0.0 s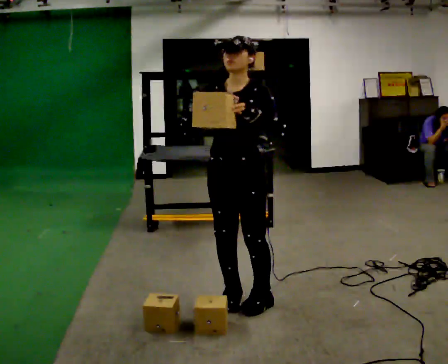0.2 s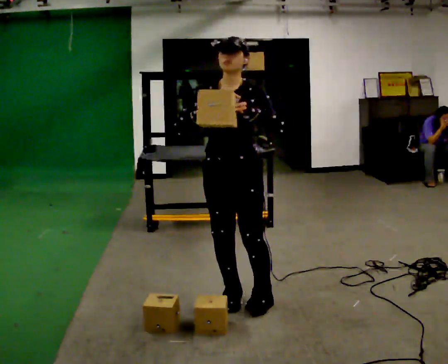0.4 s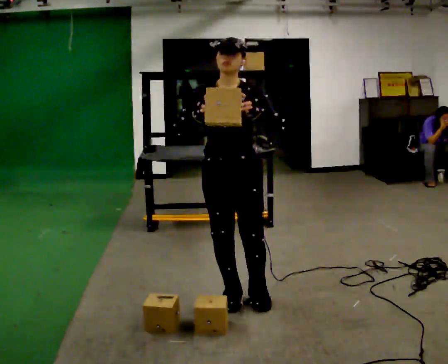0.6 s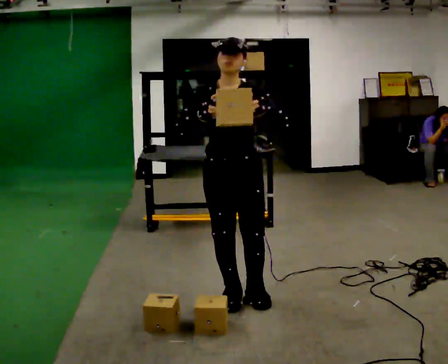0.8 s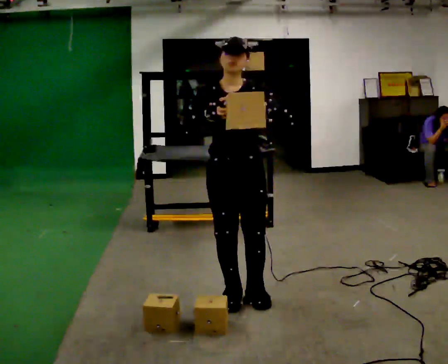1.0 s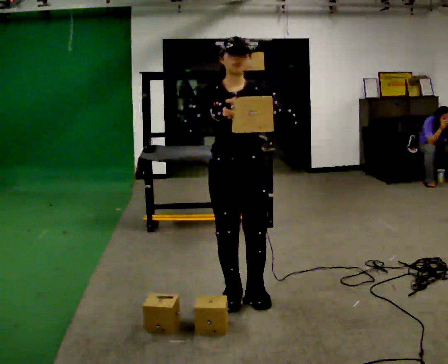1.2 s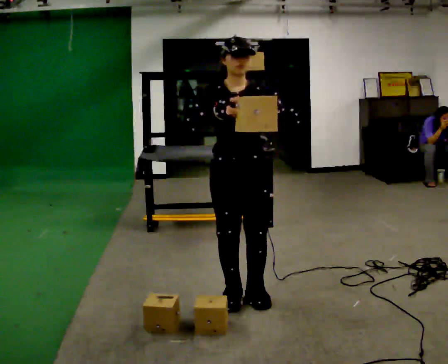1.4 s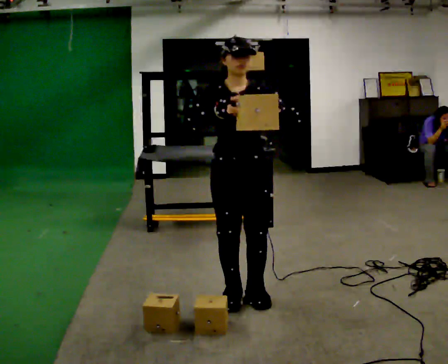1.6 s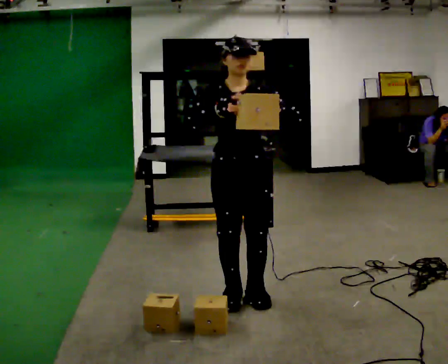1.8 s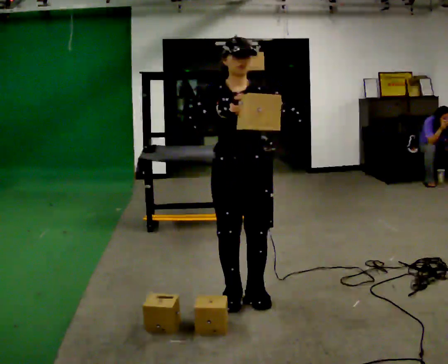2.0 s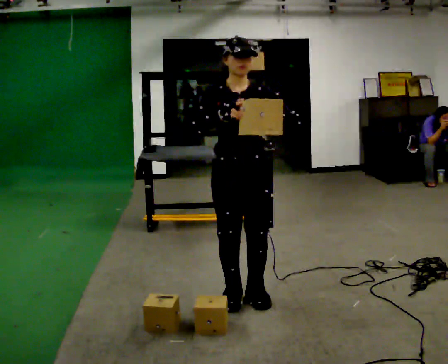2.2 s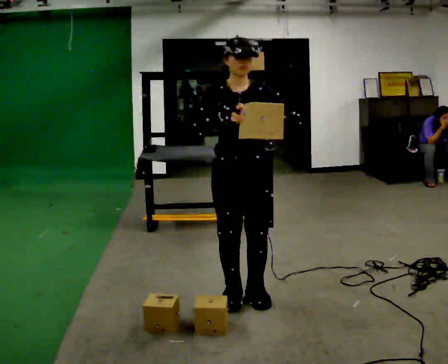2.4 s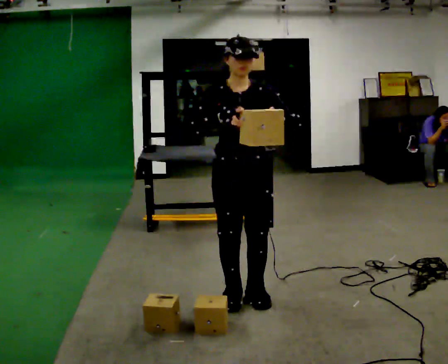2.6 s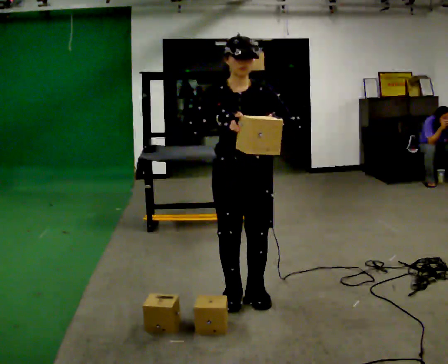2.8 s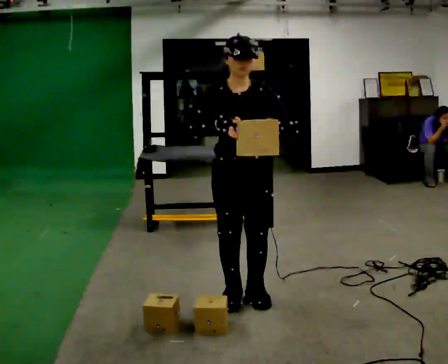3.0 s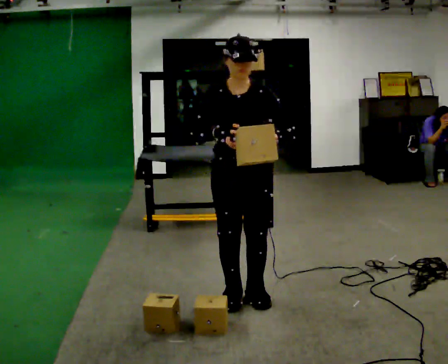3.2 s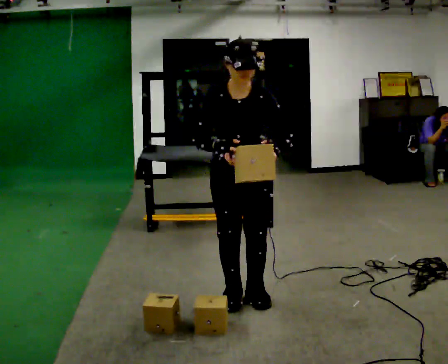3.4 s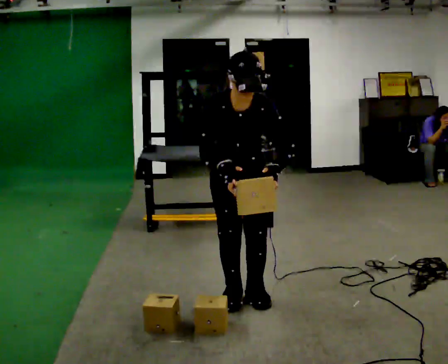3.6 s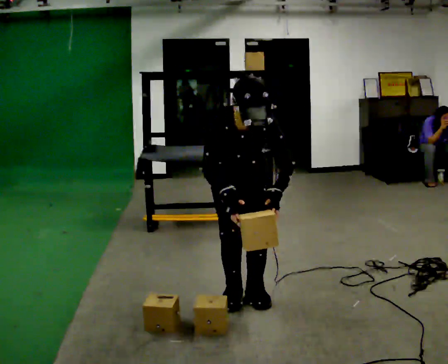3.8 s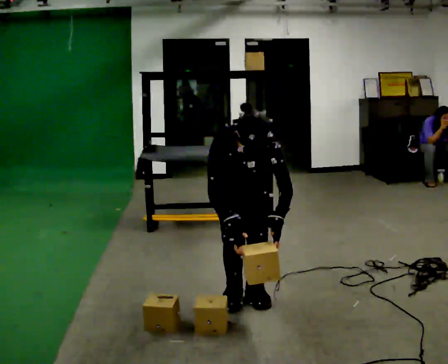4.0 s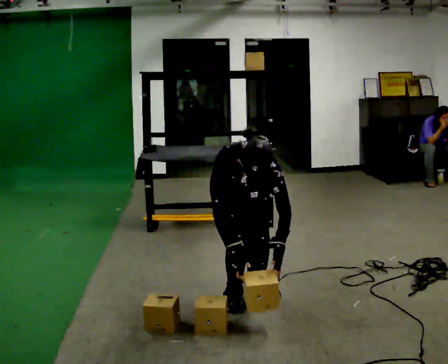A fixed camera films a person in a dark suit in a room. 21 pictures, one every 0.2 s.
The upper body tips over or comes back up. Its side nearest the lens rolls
downward.
Their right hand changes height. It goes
downward.
0.0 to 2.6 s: The person moves a little, or ends about where they began.
2.6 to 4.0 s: The shoulders move downward. The upper body tips toward the camera, its near side rolling downward, as they bend forward. In the picture their right hand goes downward.
The film runs backward here.
